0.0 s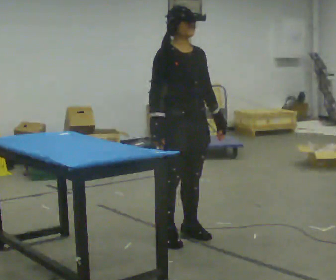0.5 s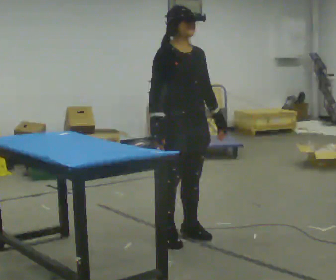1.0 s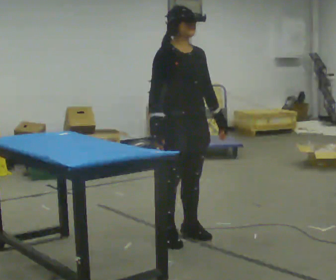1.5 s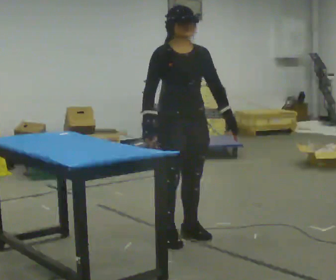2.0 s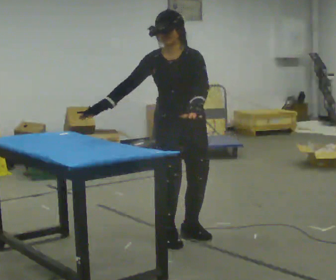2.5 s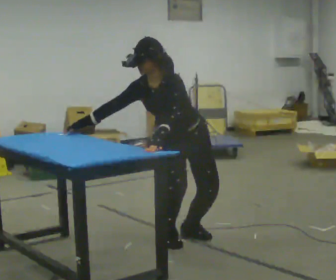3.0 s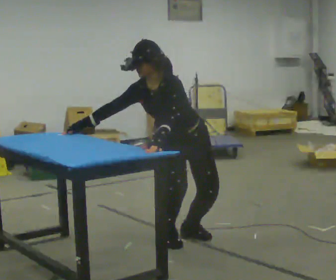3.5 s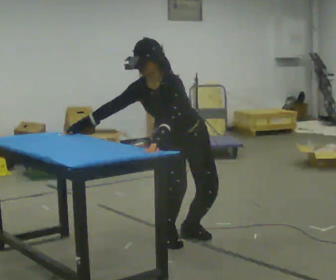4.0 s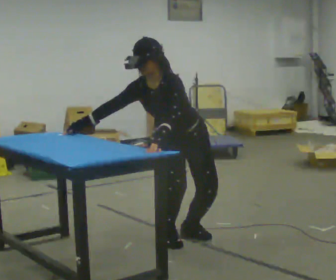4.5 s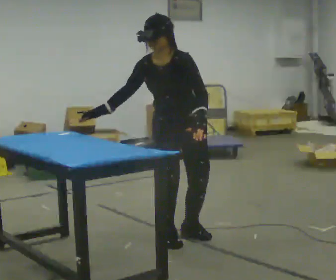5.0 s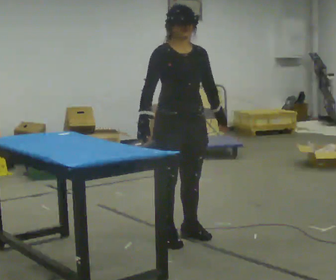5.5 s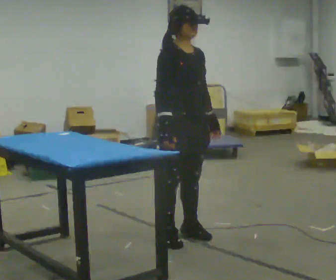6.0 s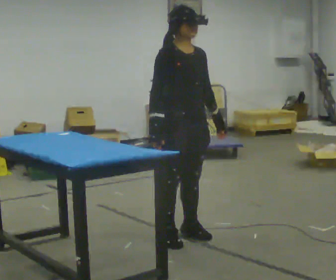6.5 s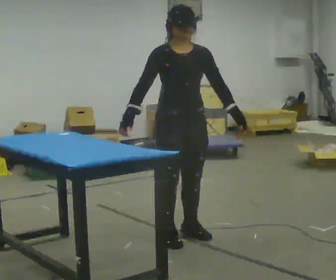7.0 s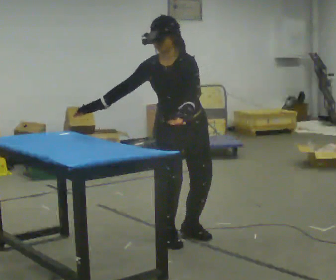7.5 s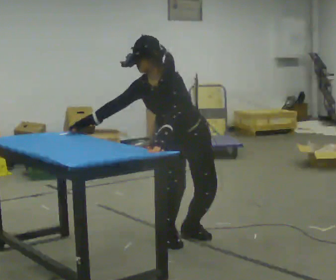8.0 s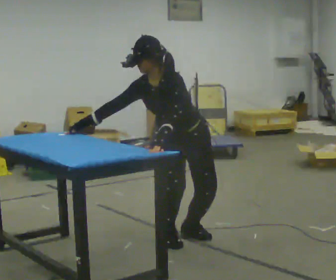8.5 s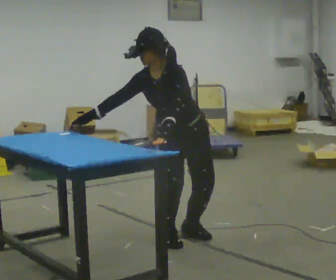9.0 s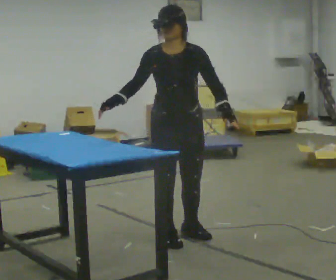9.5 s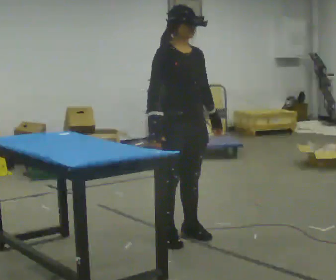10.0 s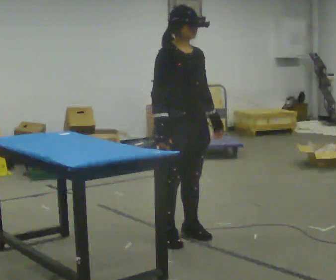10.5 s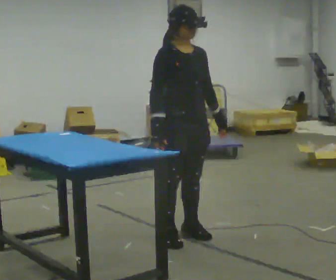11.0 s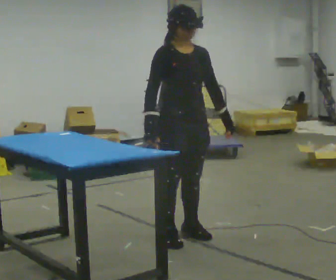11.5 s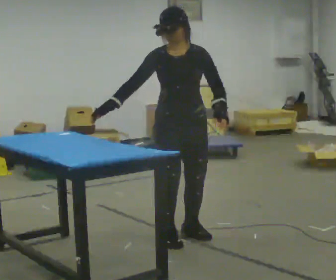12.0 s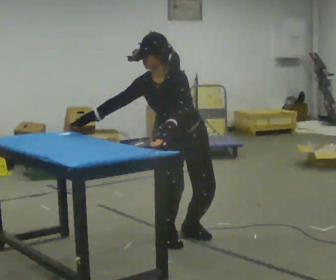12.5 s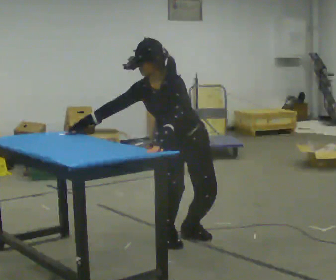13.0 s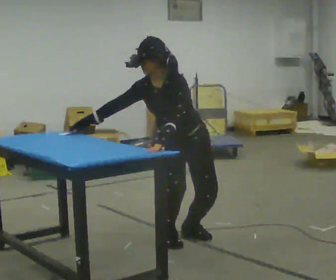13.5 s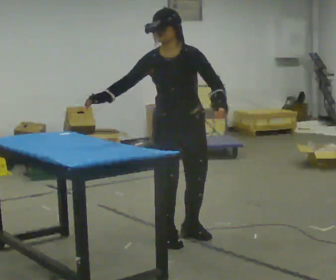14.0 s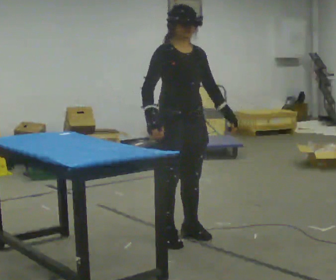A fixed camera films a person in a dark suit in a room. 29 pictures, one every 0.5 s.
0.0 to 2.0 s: Seen from above the body turns clockwise, about 45 degrees: to their right, with its near side sliding to the left.
2.0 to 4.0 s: The upper body goes downward. In the picture the upper body tilts counterclockwise, shoulders to the left, as they bend forward.
4.0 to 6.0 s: The part of the body nearest the lens slides to the right as the person turns to their left by about 60 degrees. The upper body goes upward. In the picture the upper body tilts clockwise, shoulders to the right, as they lean back or straighten. In the picture their left hand goes to the right.
6.0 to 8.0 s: Seen from above the body turns clockwise, about 60 degrees: to their right, with its near side sliding to the left. The upper body goes downward. In the picture the upper body tilts counterclockwise, shoulders to the left, as they bend forward. In the picture their left hand goes to the left.
8.0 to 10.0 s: The person turns about 60 degrees to their left, counterclockwise seen from above, so the part of the body nearest the lens slides to the right. The upper body goes upward. In the picture the upper body tilts clockwise, shoulders to the right, as they lean back or straighten. In the picture their left hand goes to the right.
10.0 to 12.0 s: Seen from above the body turns clockwise, about 60 degrees: to their right, with its near side sliding to the left. The shoulders move downward. In the picture the upper body tilts counterclockwise, shoulders to the left, as they bend forward. In the picture their left hand goes to the left.
12.0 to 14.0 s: The part of the body nearest the lens slides to the right as the person turns to their left by about 60 degrees. The upper body goes upward. In the picture the upper body tilts clockwise, shoulders to the right, as they lean back or straighten. In the picture their left hand goes to the right.
The film runs forward here.
